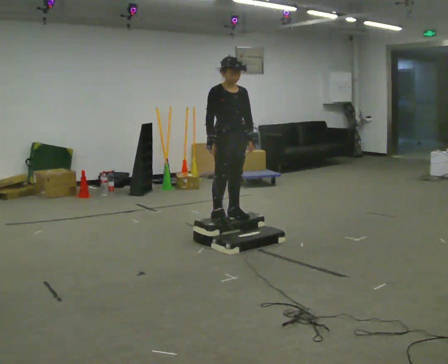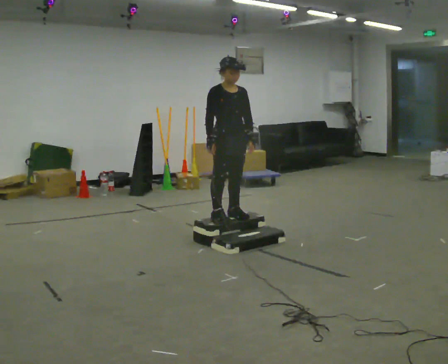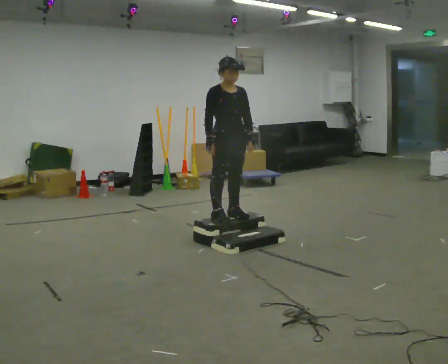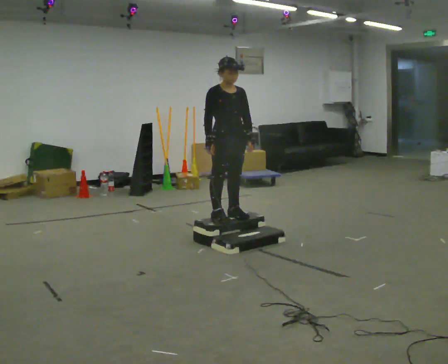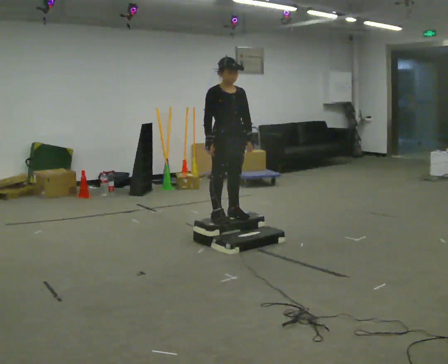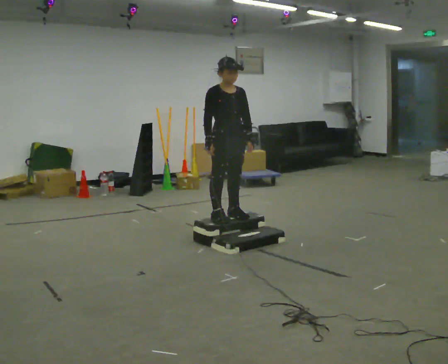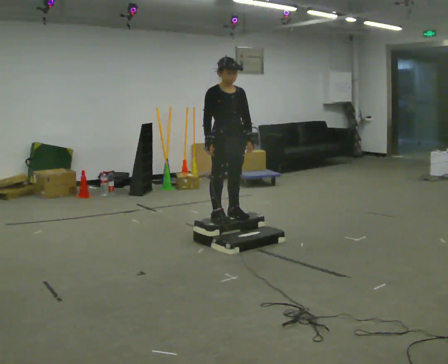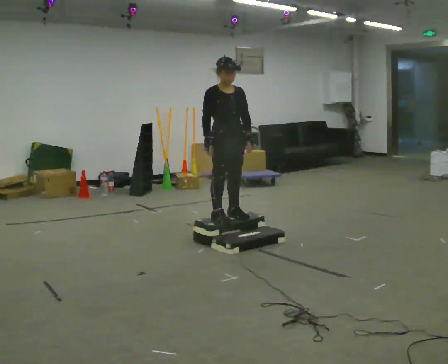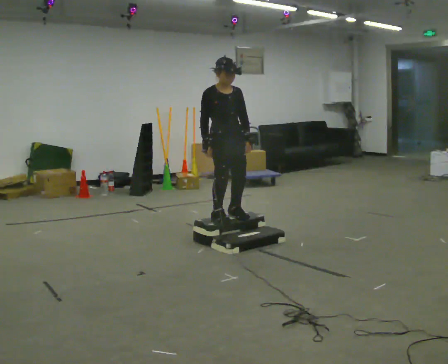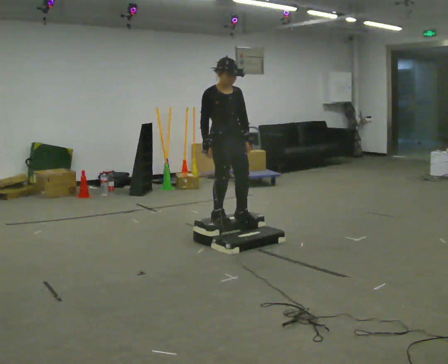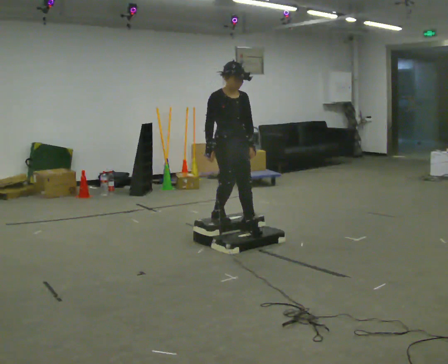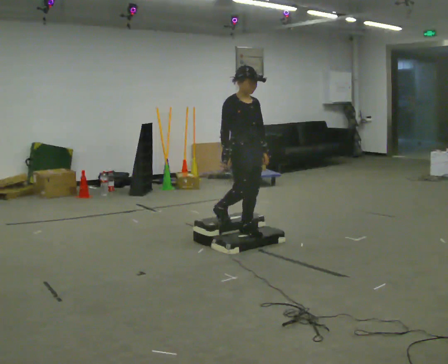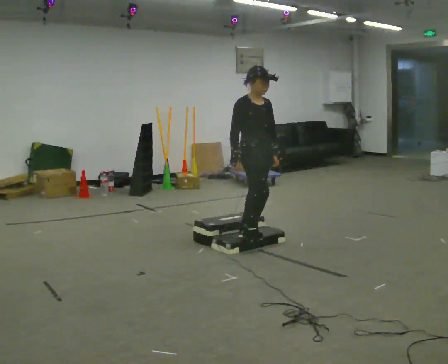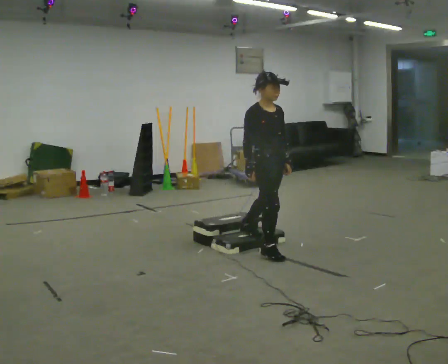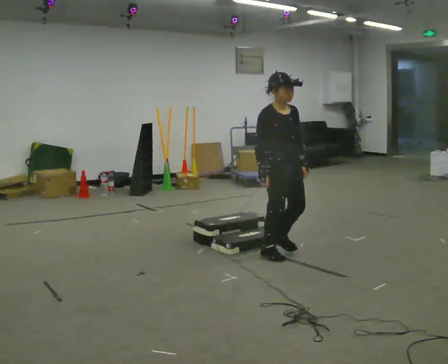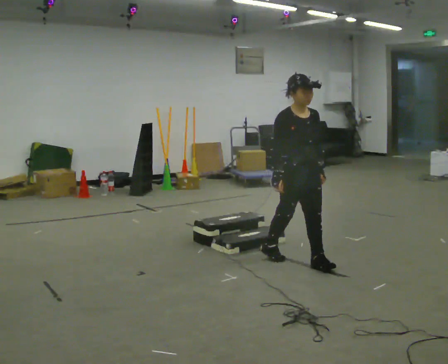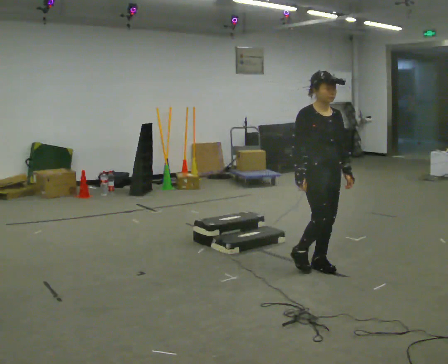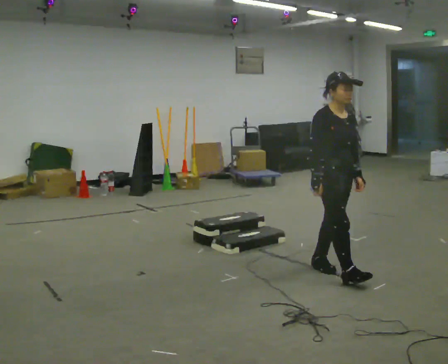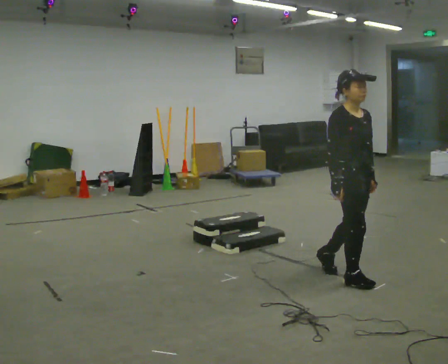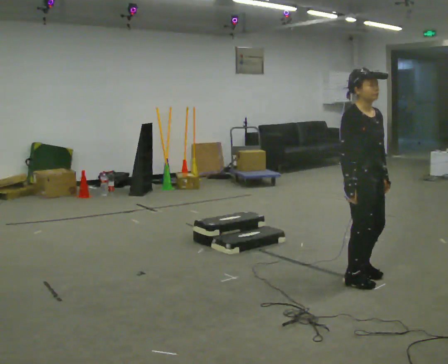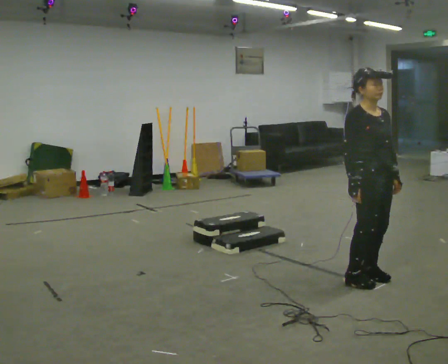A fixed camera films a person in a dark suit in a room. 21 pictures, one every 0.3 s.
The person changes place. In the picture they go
toward the camera.
0.0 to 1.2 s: The person keeps their place and pose.
1.2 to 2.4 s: The person moves a little, or ends about where they began.
2.4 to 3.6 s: In the picture they go toward the camera and to the right, about 0.25 m in 1 step, which for them is forward.
3.6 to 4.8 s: In the picture they go toward the camera and to the right, about 1 m in 2 steps, which for them is forward.
4.8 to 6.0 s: In the picture they go toward the camera and to the right, about 0.5 m in 2 steps, which for them is forward.
The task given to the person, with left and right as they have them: Walk up the three steps, turn at the top, and walk back down at a comfortable speed. Use the handrail only if you need it.
The film runs forward here.
